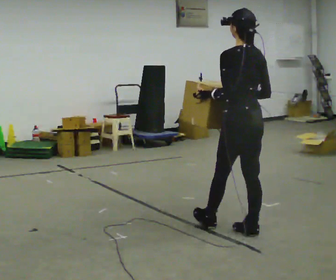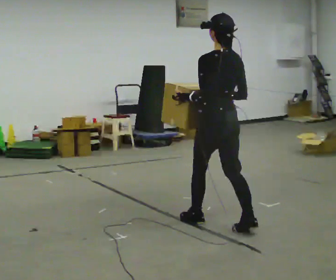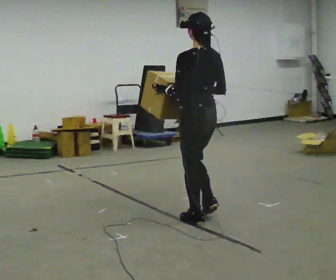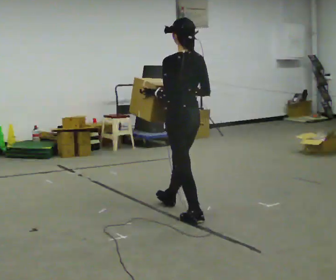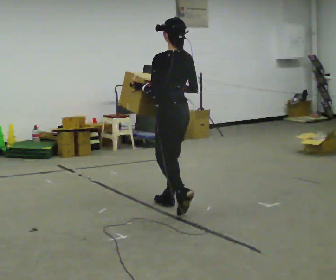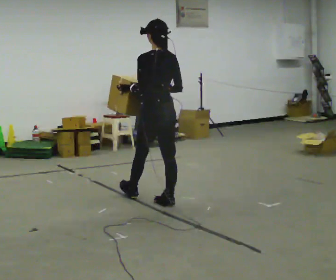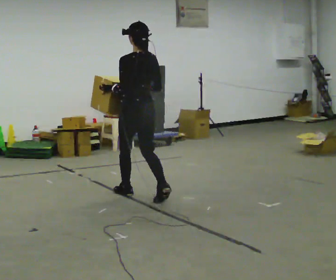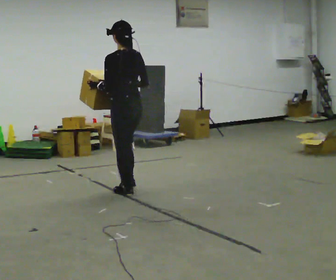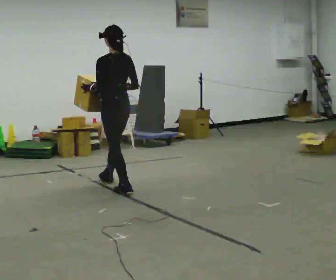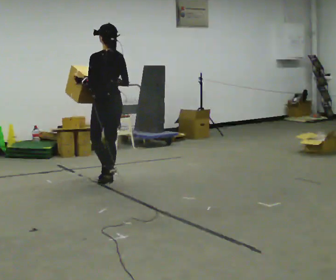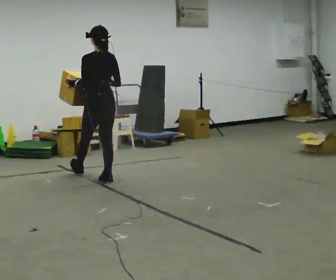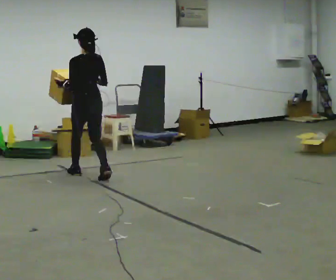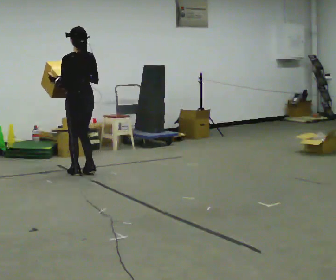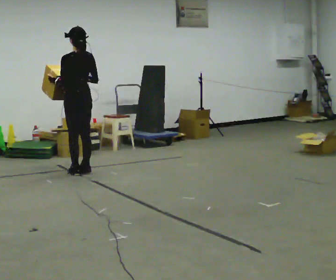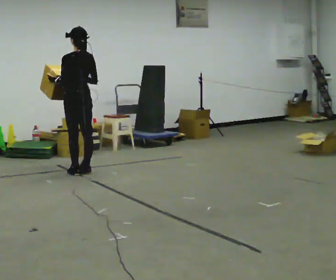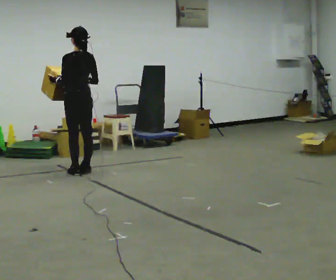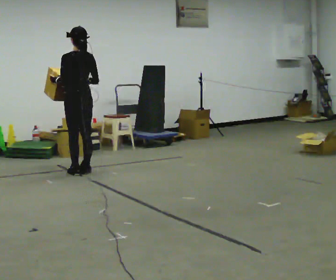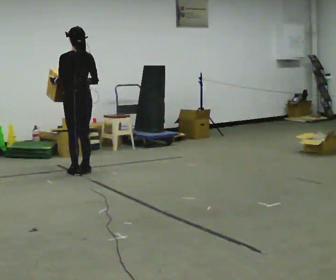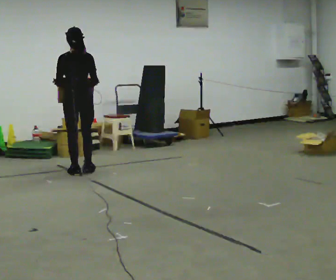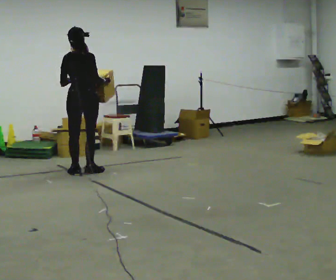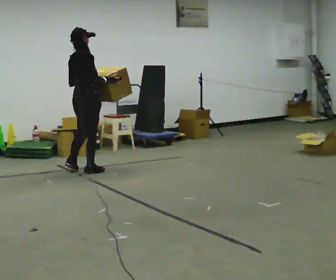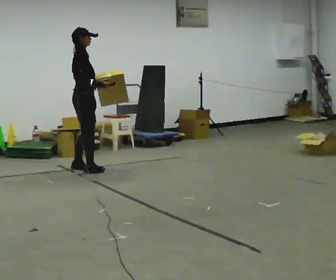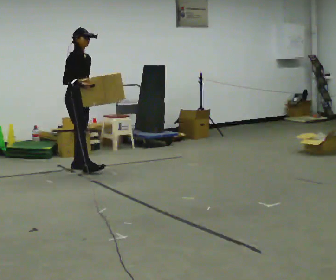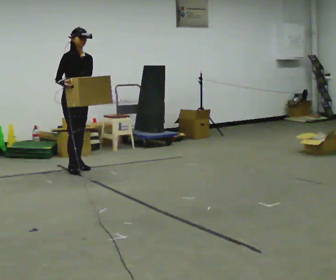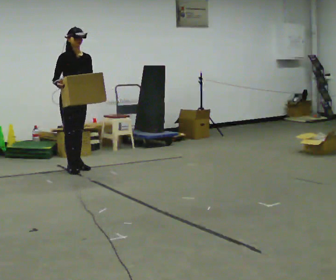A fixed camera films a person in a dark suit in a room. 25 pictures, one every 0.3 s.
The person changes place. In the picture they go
away from the camera.
0.0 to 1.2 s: In the picture they go away from the camera and to the left, about 1 m in 2 steps, which for them is forward.
1.2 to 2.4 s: In the picture they go away from the camera and to the left, about 1 m in 2 steps, which for them is forward.
2.4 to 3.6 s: In the picture they go away from the camera and to the left, about 0.5 m in 1 step, which for them is forward.
3.6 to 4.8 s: The person moves a little, or ends about where they began.
4.8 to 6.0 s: The person turns about 90 degrees to their right, clockwise seen from above, so the part of the body nearest the lens slides to the left.
6.0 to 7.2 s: The person turns about 90 degrees to their right, clockwise seen from above, so the part of the body nearest the lens slides to the left. In the picture their right hand goes to the left.
The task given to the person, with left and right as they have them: Carry the box in both hands and walk back and forth across the room. The contents may move around. Carry on as best you can.
The film runs forward here.
